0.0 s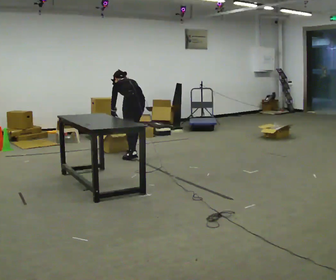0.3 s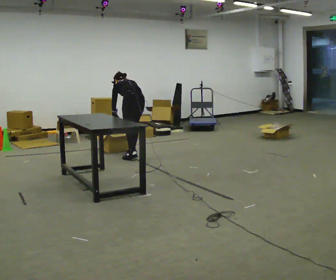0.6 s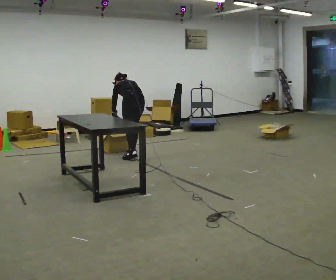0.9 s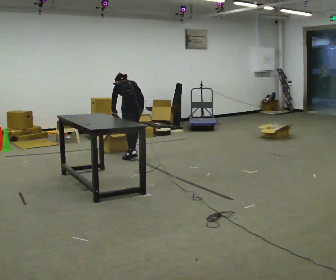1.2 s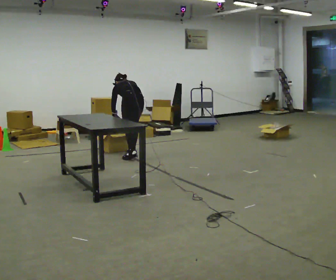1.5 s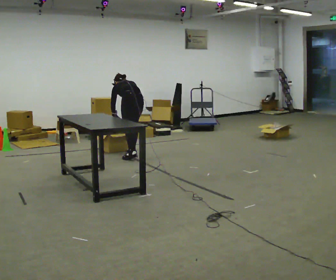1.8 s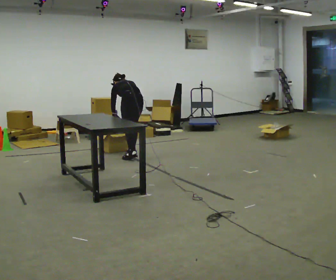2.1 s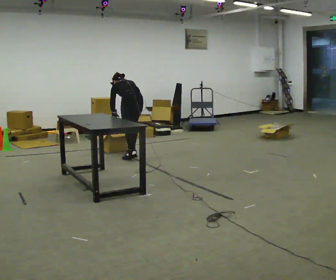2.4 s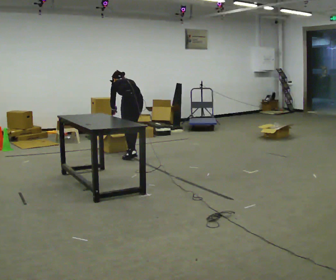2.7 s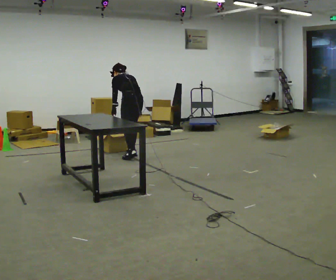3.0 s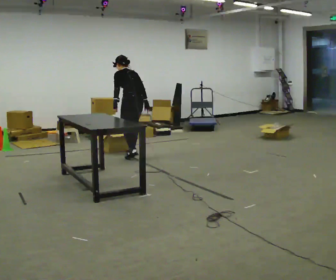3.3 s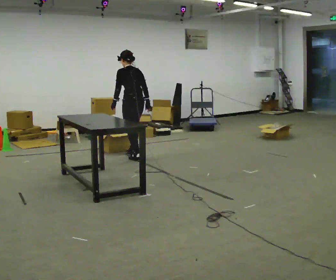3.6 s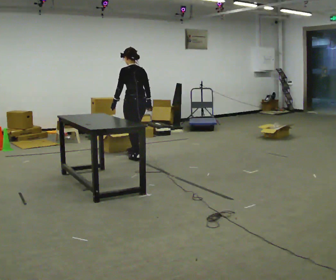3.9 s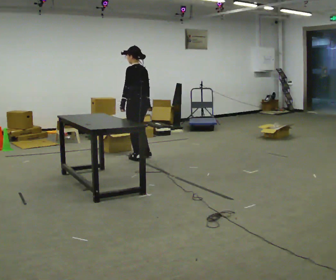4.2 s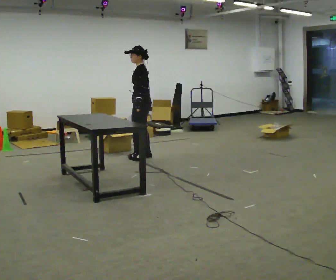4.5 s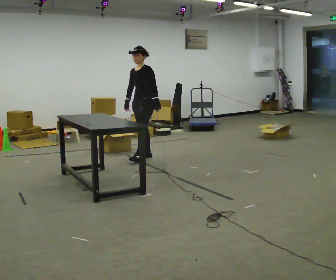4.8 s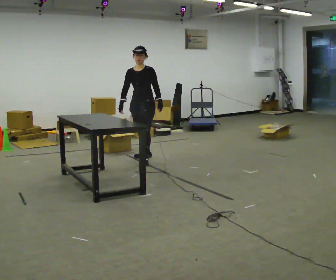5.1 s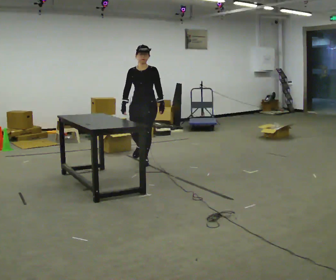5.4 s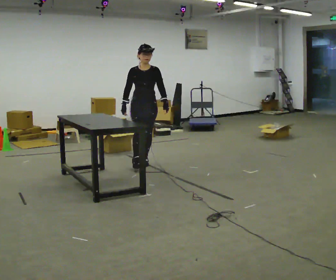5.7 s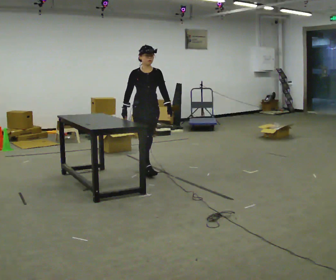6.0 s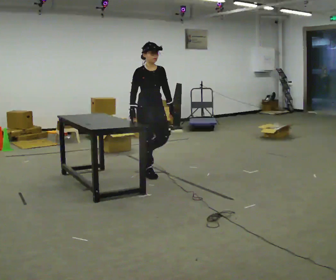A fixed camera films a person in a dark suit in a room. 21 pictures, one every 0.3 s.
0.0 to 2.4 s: The person moves a little, or ends about where they began.
2.4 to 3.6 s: In the picture they go toward the camera, about 0.25 m, which for them is backward. The upper body goes upward. The upper body tips toward the camera, its near side rolling downward, as they lean back or straighten.
3.6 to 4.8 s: The part of the body nearest the lens slides to the right as the person turns to their left by about 120 degrees. In the picture their left hand goes to the right, the arm swinging counterclockwise.
4.8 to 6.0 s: Seen from above the body turns counterclockwise, about 60 degrees: to their left, with its near side sliding to the right. In the picture they go toward the camera, about 0.5 m in 1 step, which for them is forward.
The film runs forward here.
